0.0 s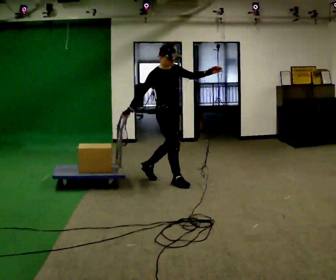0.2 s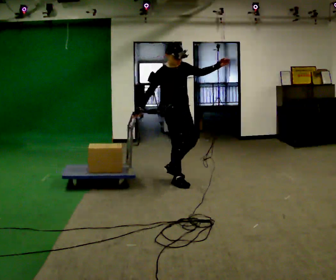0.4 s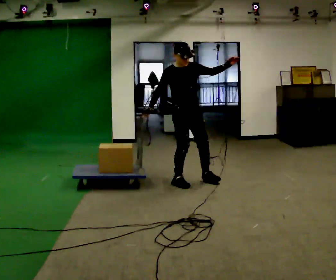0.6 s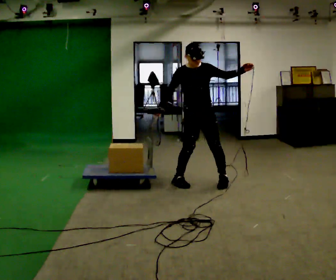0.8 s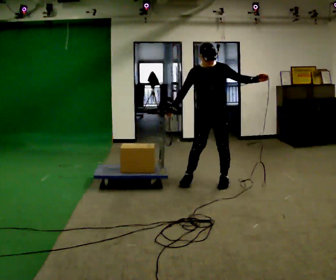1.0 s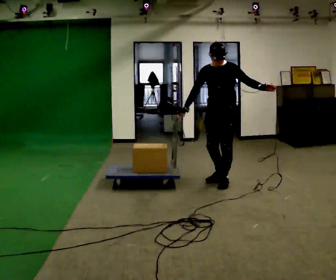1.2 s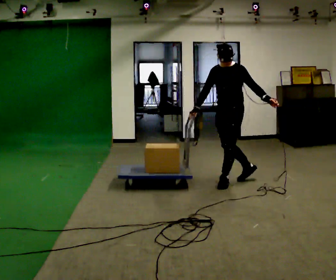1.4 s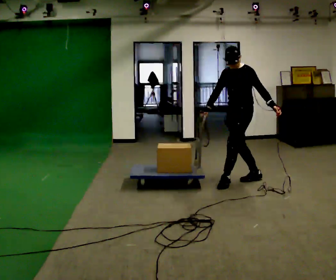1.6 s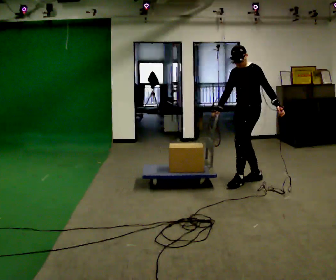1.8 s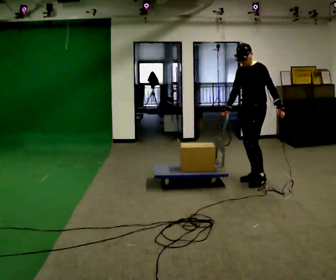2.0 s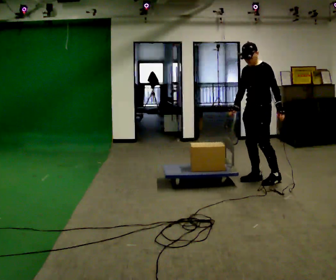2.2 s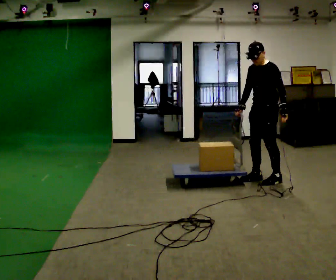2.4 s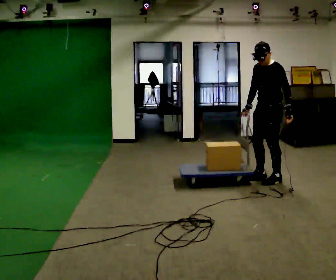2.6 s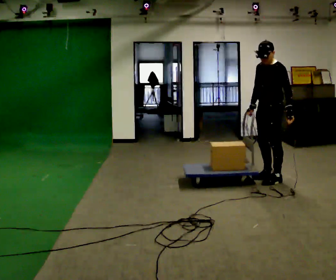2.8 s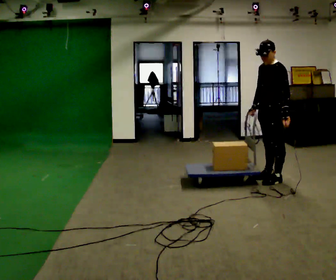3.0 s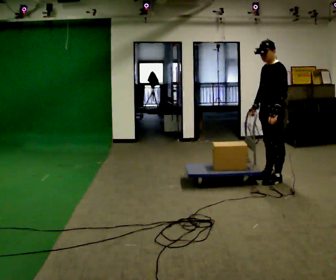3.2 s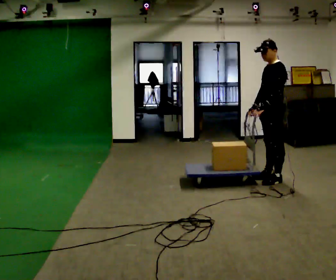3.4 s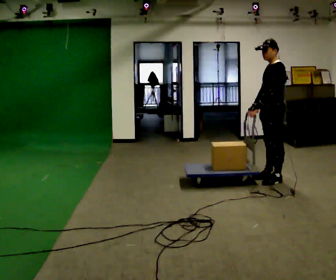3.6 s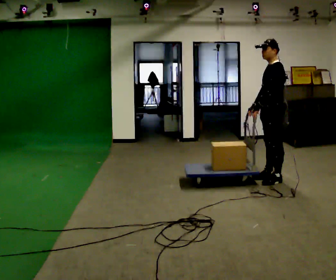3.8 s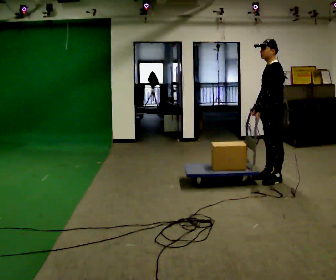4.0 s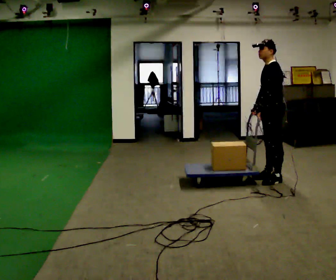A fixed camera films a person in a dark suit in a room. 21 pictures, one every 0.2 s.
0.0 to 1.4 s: The person turns about 120 degrees to their right, clockwise seen from above, so the part of the body nearest the lens slides to the left. In the picture they go to the right, about 1 m in 2 steps. In the picture their left hand goes downward, the arm swinging clockwise.
1.4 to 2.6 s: In the picture they go to the right, about 0.25 m in 2 steps, which for them is backward and to their left.
2.6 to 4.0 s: In the picture their left hand goes to the left.
The film runs forward here.
